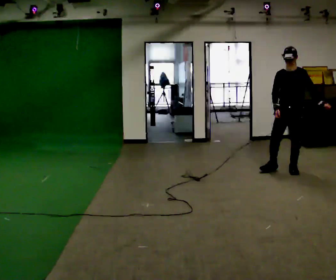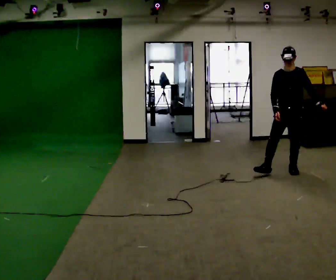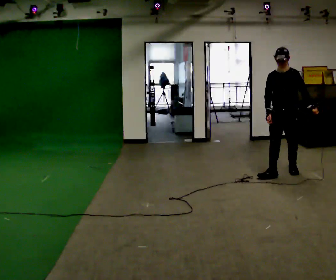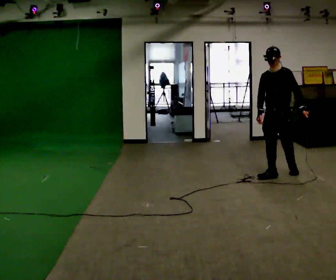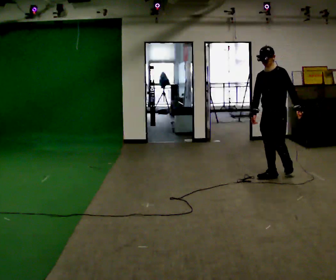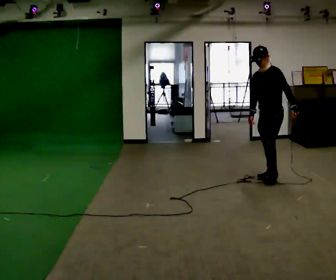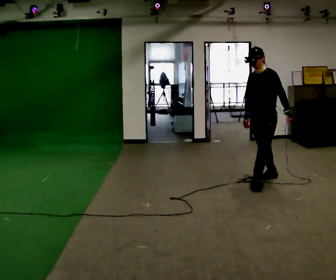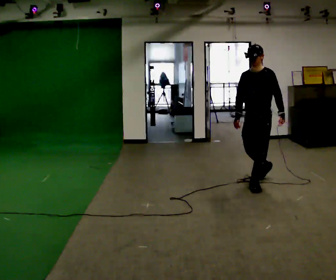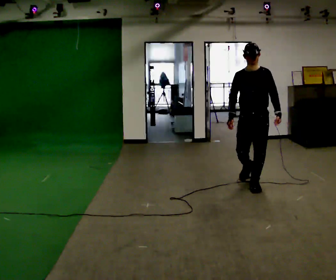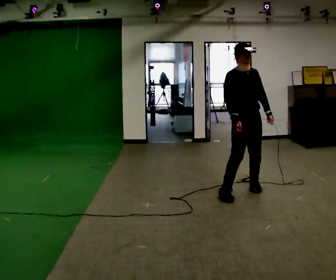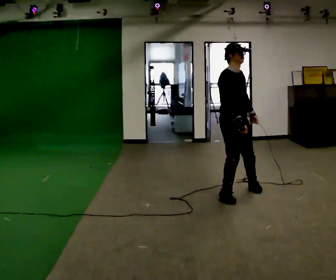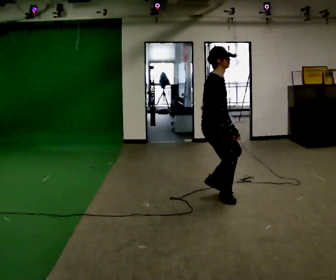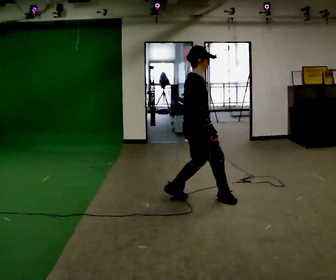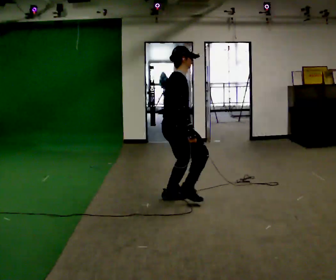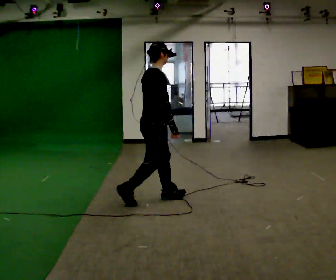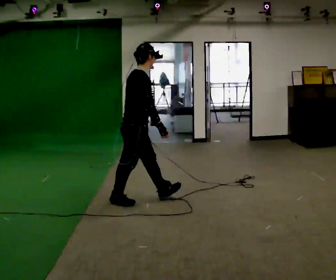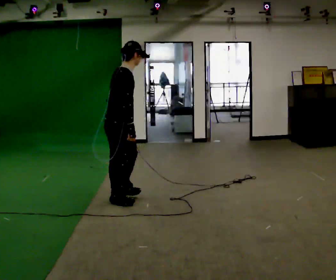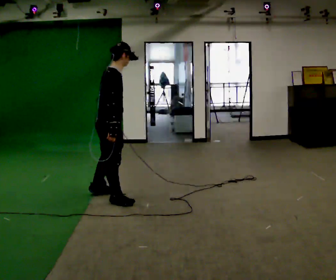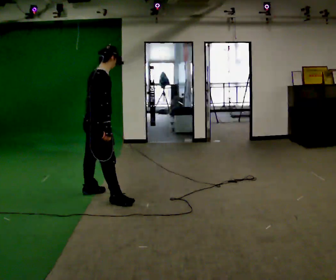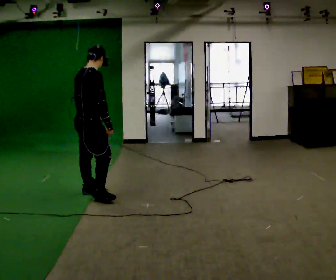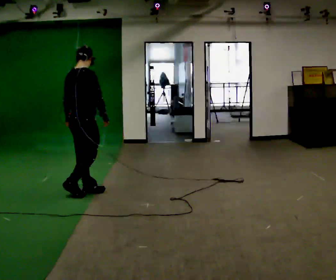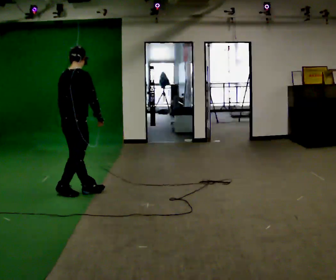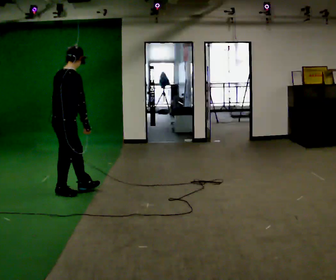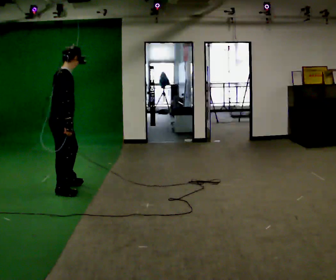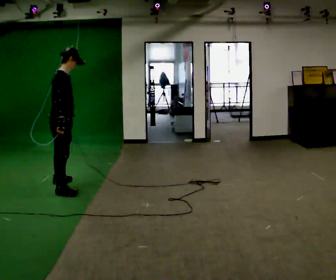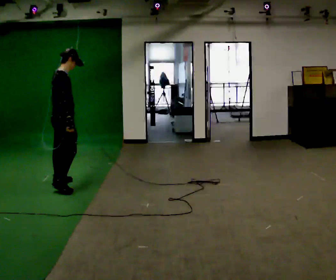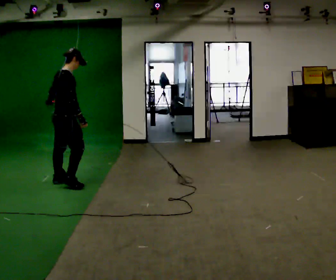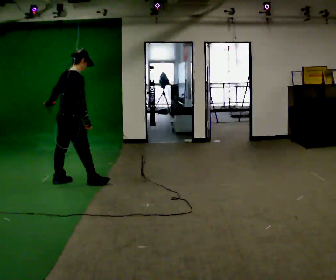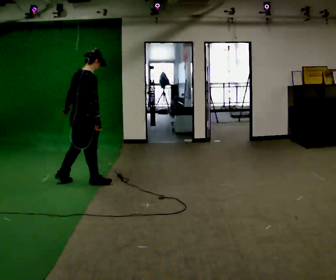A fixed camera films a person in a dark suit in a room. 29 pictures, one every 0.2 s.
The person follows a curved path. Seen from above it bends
clockwise.
The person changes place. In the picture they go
to the left.
0.0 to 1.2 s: Seen from above the body turns clockwise, about 30 degrees: to their right, with its near side sliding to the left. In the picture they go to the left and toward the camera, about 0.5 m in 1 step, which for them is forward.
1.2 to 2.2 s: The person turns about 135 degrees to their left, counterclockwise seen from above, so the part of the body nearest the lens slides to the right. In the picture they go to the left and toward the camera, about 1 m in 2 steps.
2.2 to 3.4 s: In the picture they go to the left, about 1 m in 2 steps, which for them is backward.
3.4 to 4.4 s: In the picture they go to the left, about 0.5 m in 2 steps, which for them is to their left and backward.
4.4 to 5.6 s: In the picture they go away from the camera, about 0.5 m in 2 steps, which for them is to their left and forward.
The film runs forward here.
